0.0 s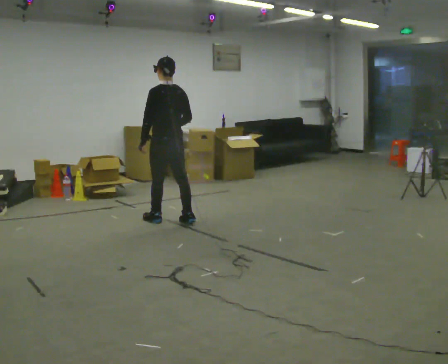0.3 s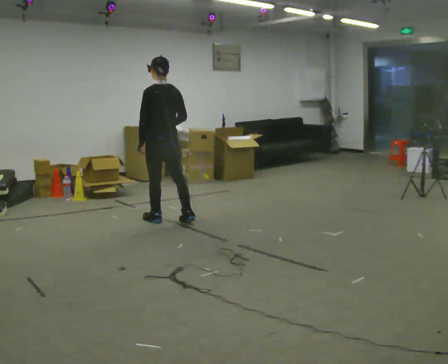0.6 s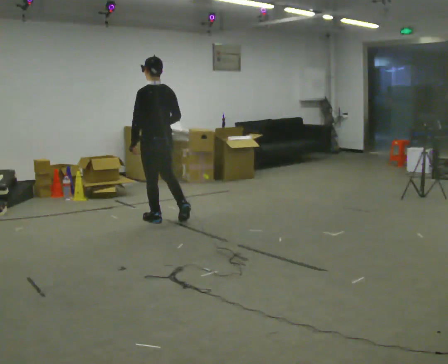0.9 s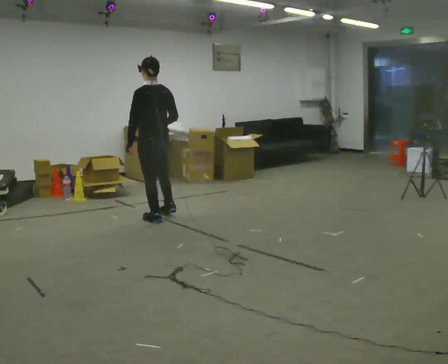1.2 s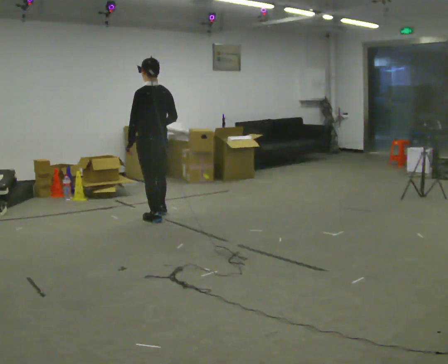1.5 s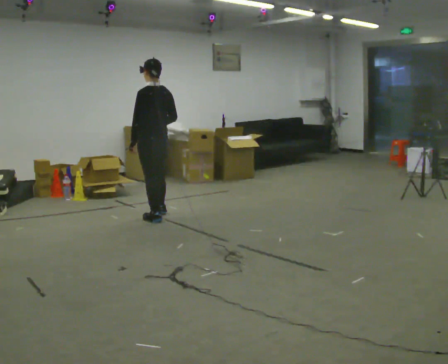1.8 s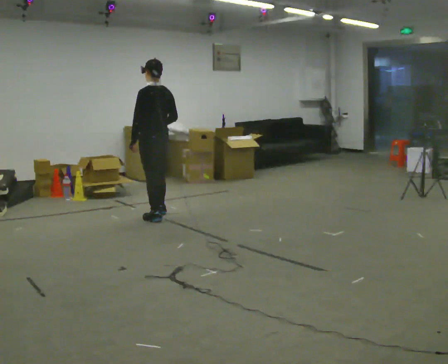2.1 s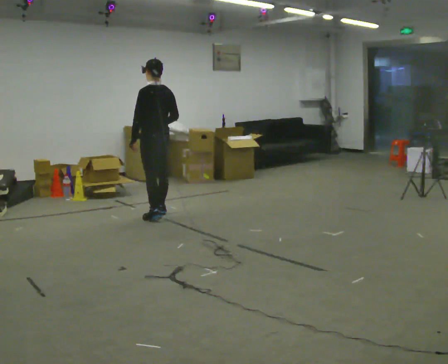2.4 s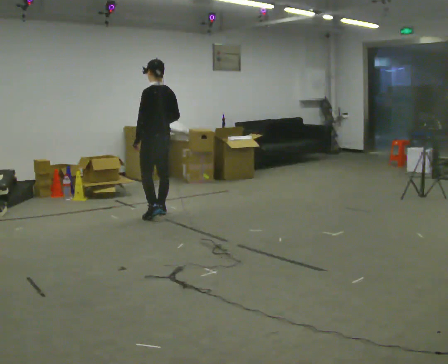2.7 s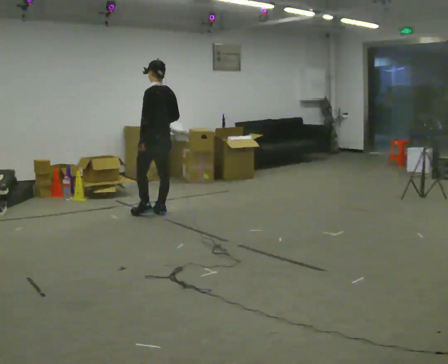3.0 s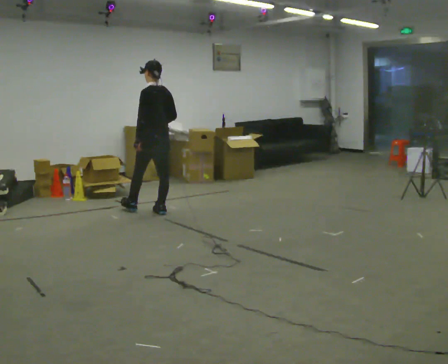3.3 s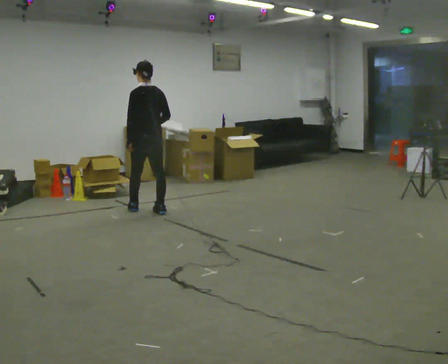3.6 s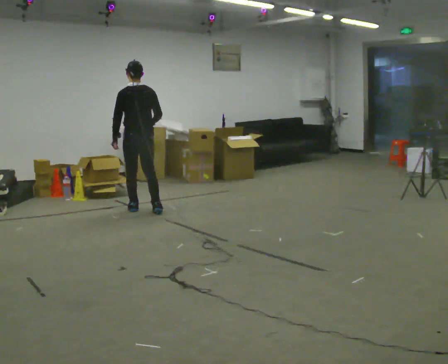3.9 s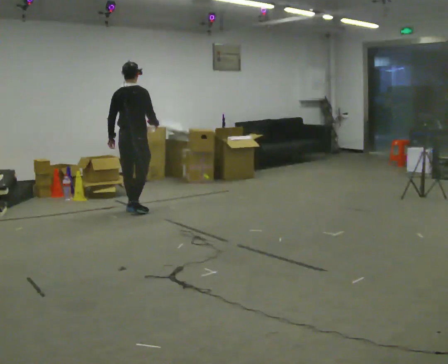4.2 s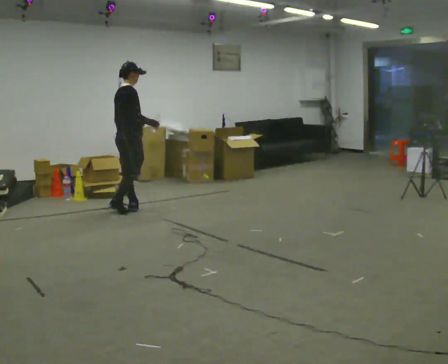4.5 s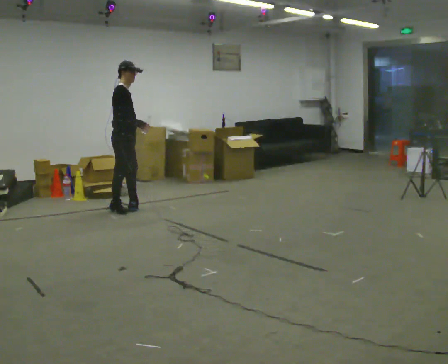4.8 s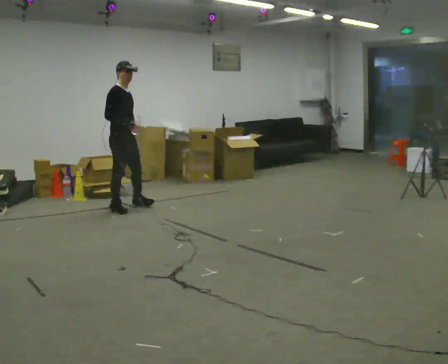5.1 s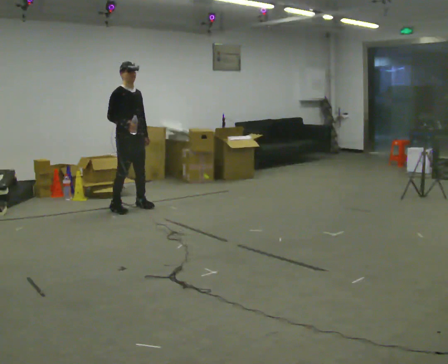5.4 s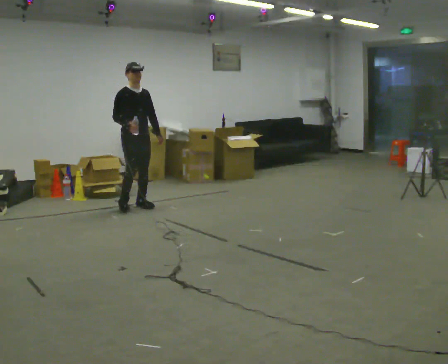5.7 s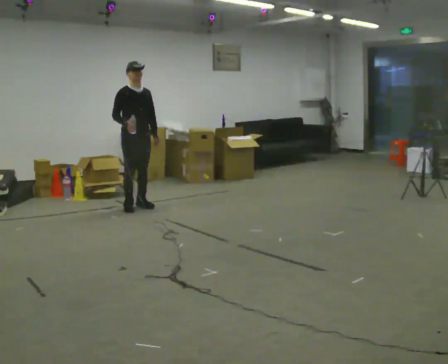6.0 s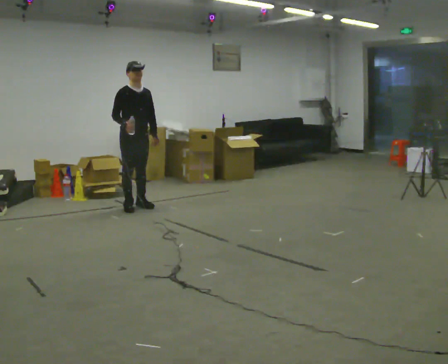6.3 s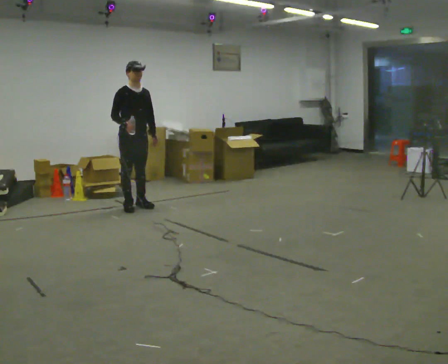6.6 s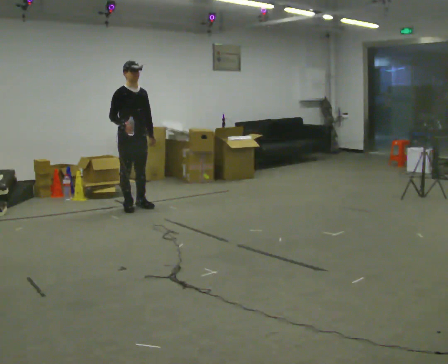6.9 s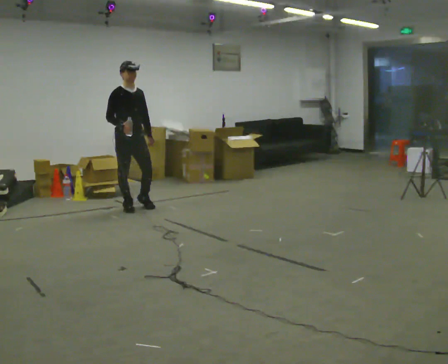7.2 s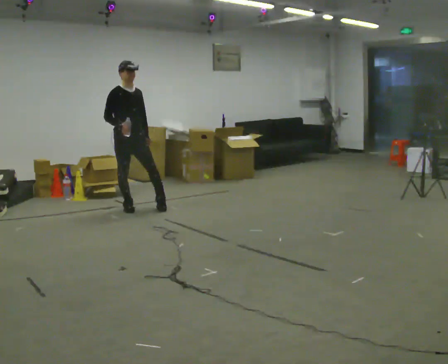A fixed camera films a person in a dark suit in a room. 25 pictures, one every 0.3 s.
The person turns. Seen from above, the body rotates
clockwise.
The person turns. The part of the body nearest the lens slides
to the left.
0.0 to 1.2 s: The person moves a little, or ends about where they began.
1.2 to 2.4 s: In the picture they go away from the camera, about 0.25 m, which for them is to their right and forward.
2.4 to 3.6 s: Seen from above the body turns clockwise, about 30 degrees: to their right, with its near side sliding to the left. In the picture they go to the left, about 0.25 m in 1 step, which for them is forward.
3.6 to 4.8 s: The part of the body nearest the lens slides to the left as the person turns to their right by about 120 degrees. In the picture they go to the left, about 0.25 m in 1 step. In the picture their right hand goes to the left.
4.8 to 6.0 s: Seen from above the body turns clockwise, about 30 degrees: to their right, with its near side sliding to the left.
6.0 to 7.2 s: The person moves a little, or ends about where they began.
The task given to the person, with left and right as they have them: Carry the open container of water across the room without spilling it, back and forth.
The film runs forward here.
